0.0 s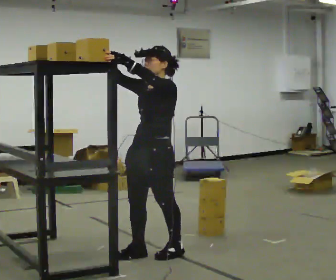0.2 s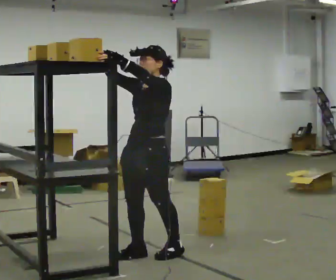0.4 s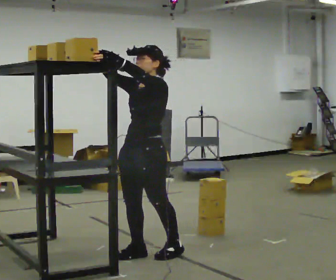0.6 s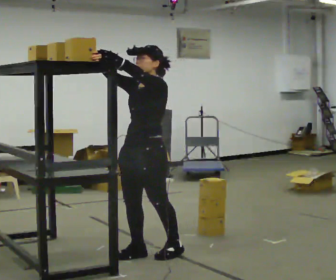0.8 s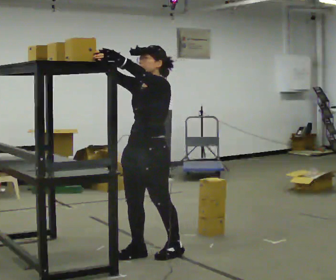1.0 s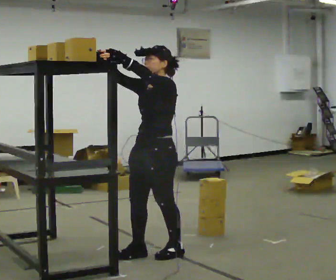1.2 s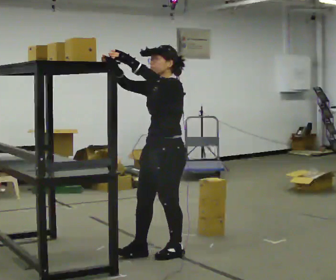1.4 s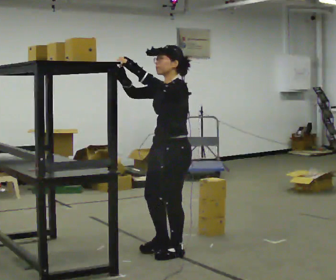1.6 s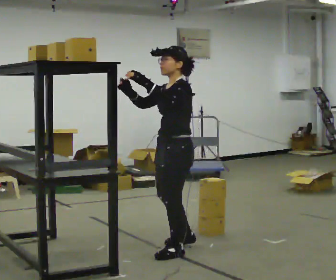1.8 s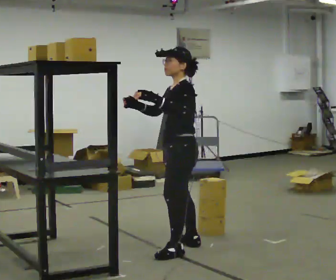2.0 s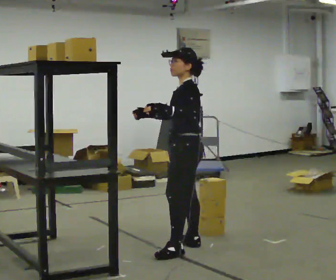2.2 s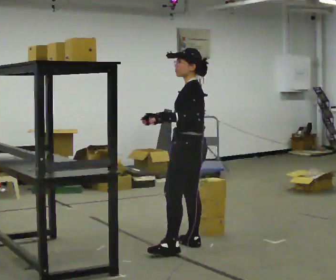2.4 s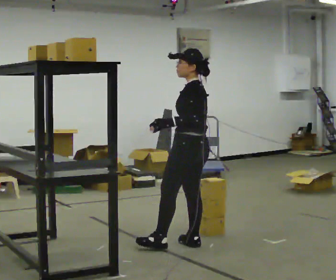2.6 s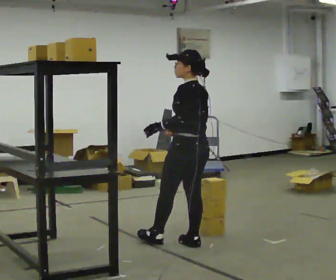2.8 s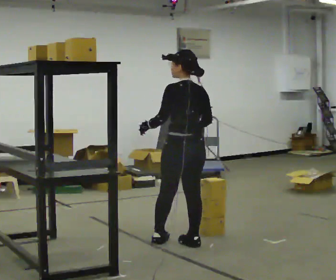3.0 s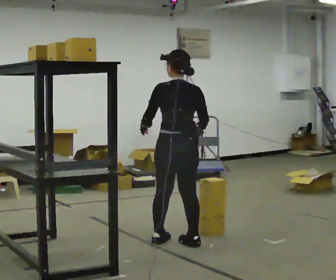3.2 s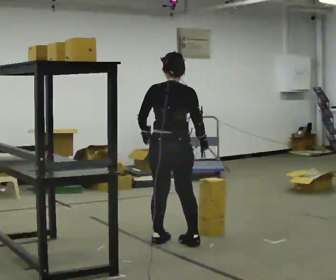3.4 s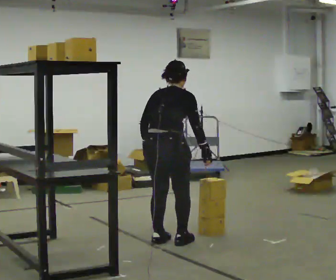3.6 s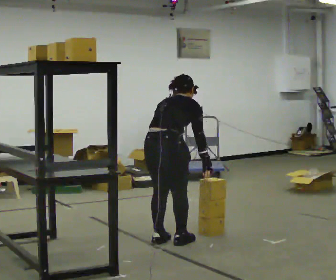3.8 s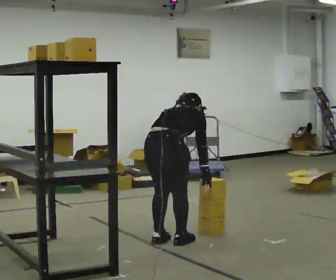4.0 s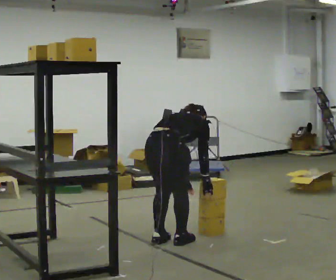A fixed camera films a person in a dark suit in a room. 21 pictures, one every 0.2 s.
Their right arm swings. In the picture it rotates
counterclockwise.
The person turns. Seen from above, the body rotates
clockwise.
0.0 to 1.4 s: The person moves a little, or ends about where they began.
1.4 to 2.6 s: The part of the body nearest the lens slides to the left as the person turns to their right by about 60 degrees. In the picture they go away from the camera and to the right, about 0.25 m in 1 step, which for them is to their right and backward. In the picture their right hand goes downward, the arm swinging counterclockwise.
2.6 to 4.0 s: The person turns about 90 degrees to their right, clockwise seen from above, so the part of the body nearest the lens slides to the left. In the picture they go to the left, about 0.25 m in 1 step. The shoulders move downward. The upper body tips away from the camera, its near side rolling upward, as they bend forward. In the picture their right hand goes downward.
The film runs backward here.
